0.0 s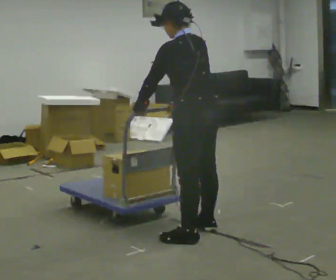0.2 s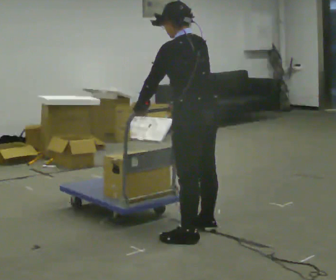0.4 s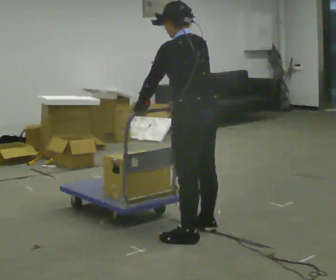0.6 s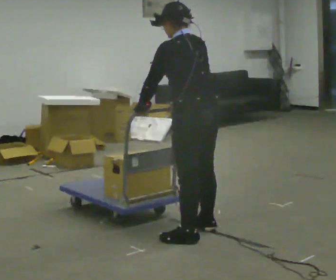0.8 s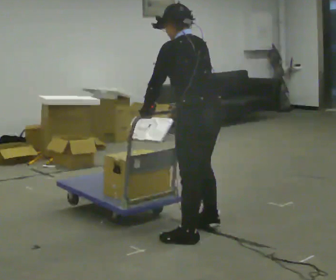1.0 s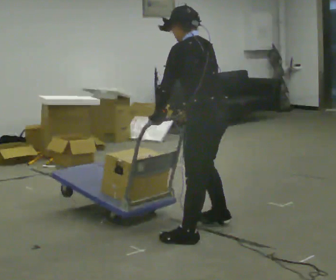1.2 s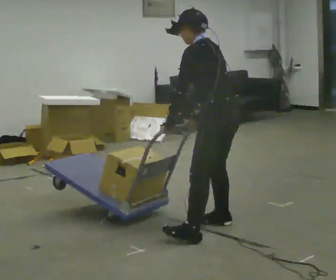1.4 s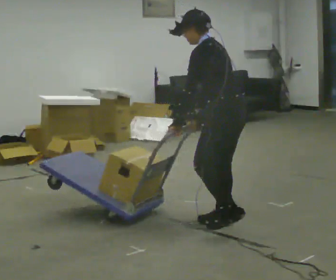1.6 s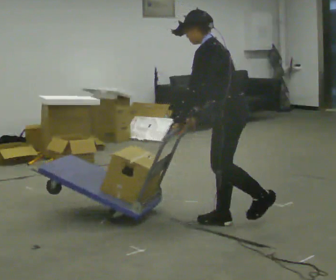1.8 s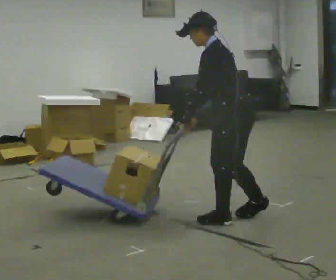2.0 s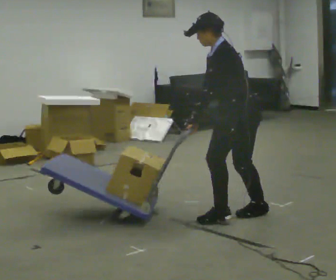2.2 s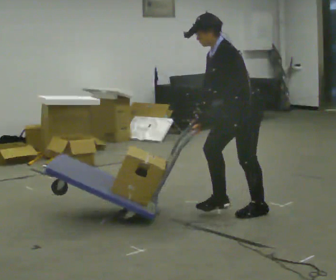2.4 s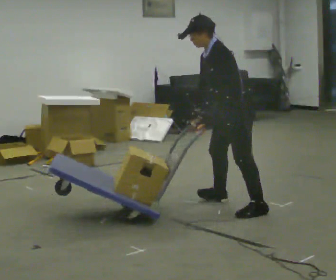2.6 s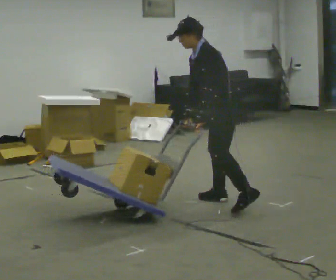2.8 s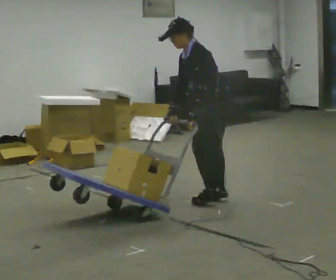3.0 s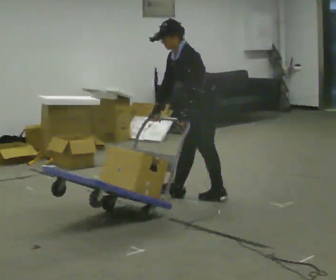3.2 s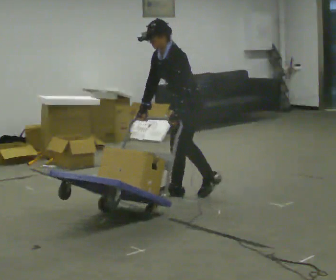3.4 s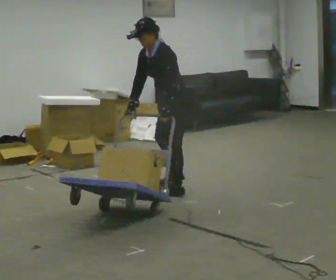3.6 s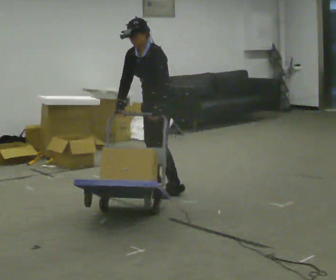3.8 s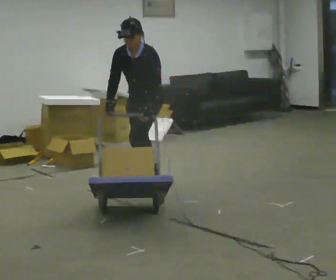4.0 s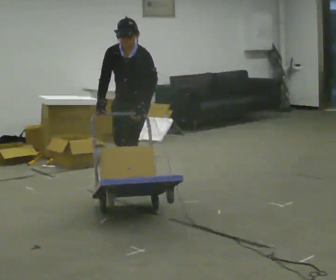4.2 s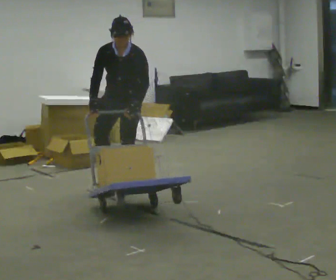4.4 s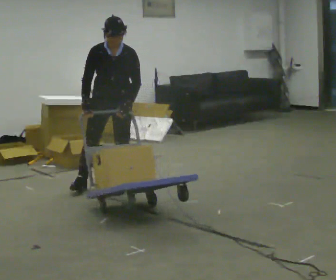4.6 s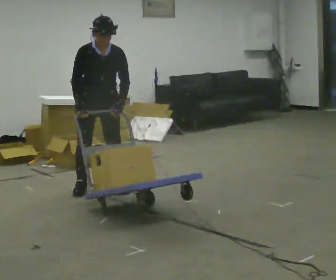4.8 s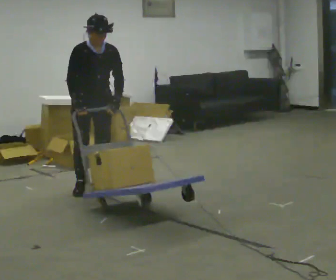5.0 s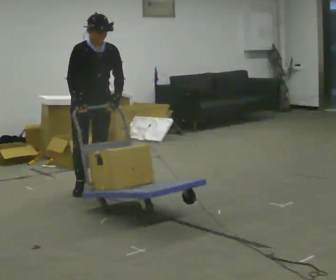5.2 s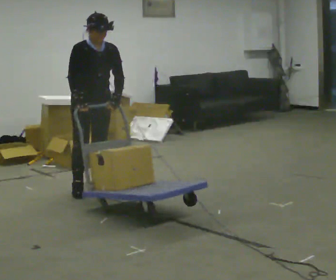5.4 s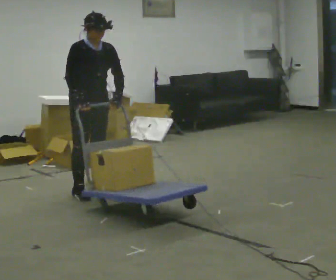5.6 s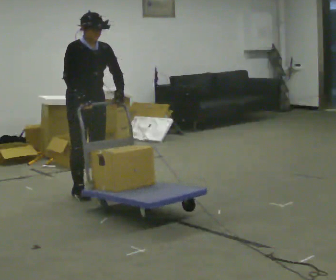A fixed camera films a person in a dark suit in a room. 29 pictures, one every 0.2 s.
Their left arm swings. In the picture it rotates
counterclockwise.
The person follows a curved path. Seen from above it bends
counterclockwise.
0.0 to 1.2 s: In the picture they go away from the camera and to the right, about 0.25 m in 1 step, which for them is to their right.
1.2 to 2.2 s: The person turns about 45 degrees to their left, counterclockwise seen from above, so the part of the body nearest the lens slides to the right. In the picture they go away from the camera, about 0.5 m in 1 step, which for them is to their right and backward.
2.2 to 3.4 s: In the picture they go to the left and away from the camera, about 1 m in 2 steps, which for them is forward and to their right.
3.4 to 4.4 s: The person turns about 75 degrees to their left, counterclockwise seen from above, so the part of the body nearest the lens slides to the right. In the picture they go to the left, about 0.5 m in 2 steps. In the picture the upper body tilts clockwise, shoulders to the right.
4.4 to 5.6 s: The part of the body nearest the lens slides to the right as the person turns to their left by about 45 degrees. In the picture they go toward the camera and to the left, about 0.25 m in 3 steps, which for them is to their right.
The film runs forward here.
